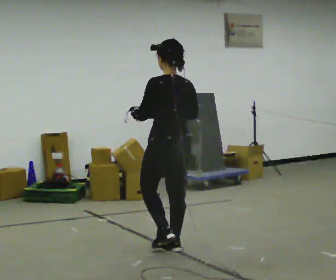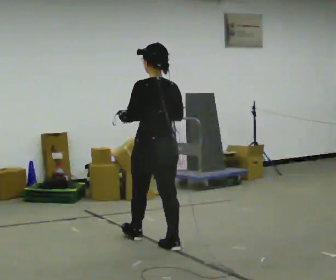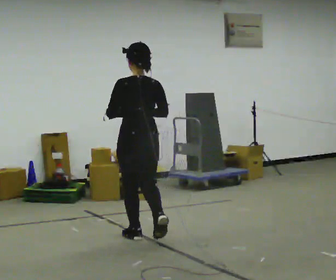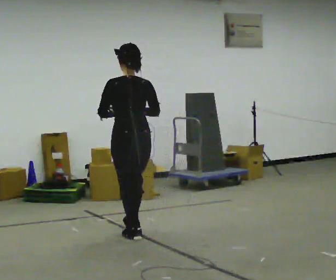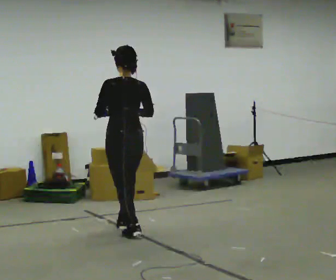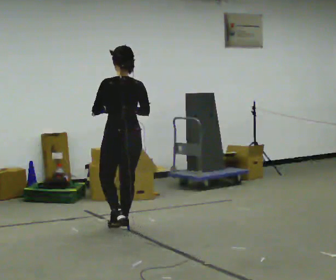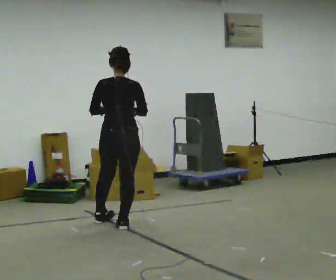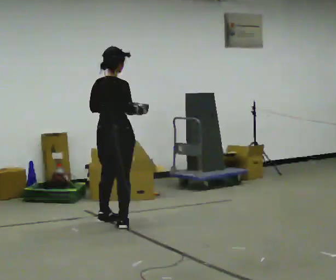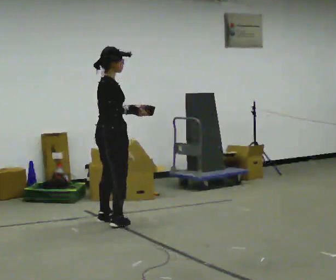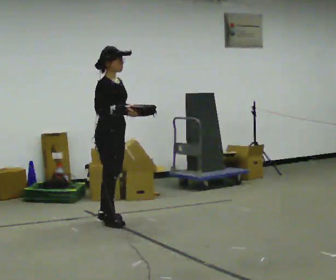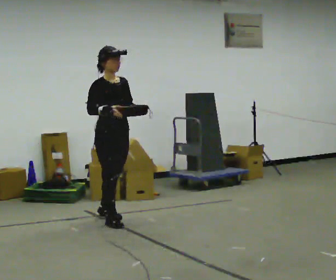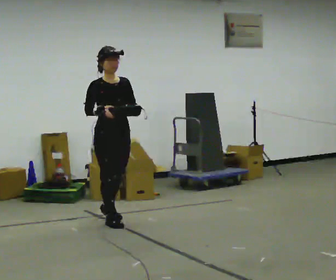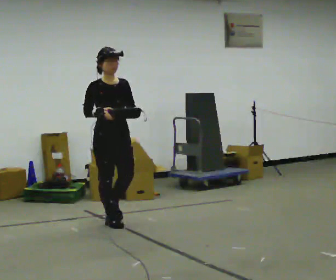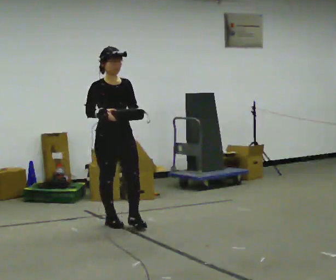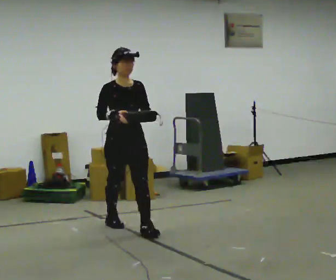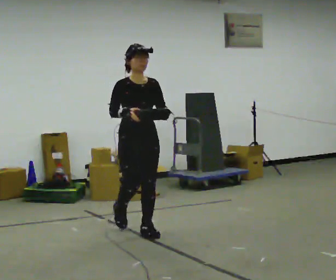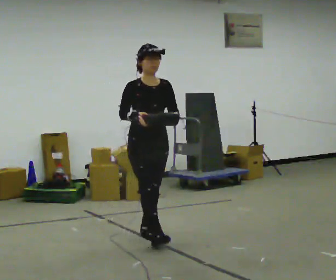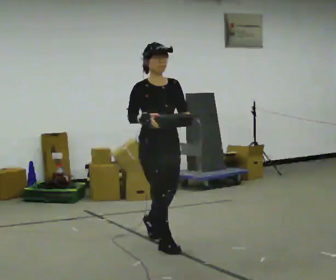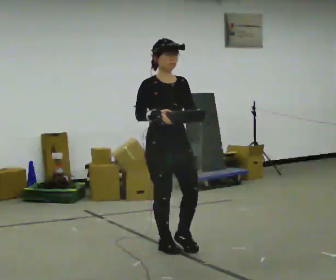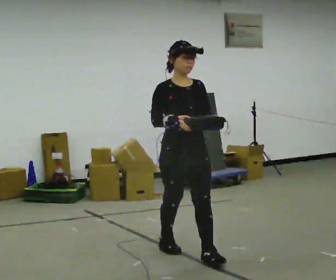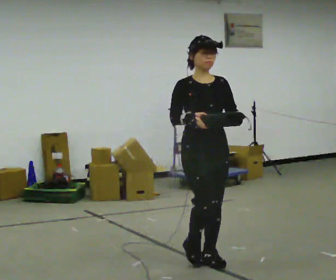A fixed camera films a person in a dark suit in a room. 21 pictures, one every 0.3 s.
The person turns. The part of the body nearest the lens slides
to the left.
The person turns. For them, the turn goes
to their right.
0.0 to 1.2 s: In the picture they go away from the camera and to the left, about 0.5 m in 2 steps, which for them is forward.
1.2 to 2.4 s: The person turns about 105 degrees to their right, clockwise seen from above, so the part of the body nearest the lens slides to the left. In the picture they go away from the camera and to the left, about 0.5 m in 1 step.
2.4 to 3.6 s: The person turns about 75 degrees to their right, clockwise seen from above, so the part of the body nearest the lens slides to the left.
3.6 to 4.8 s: In the picture they go toward the camera and to the right, about 0.5 m in 1 step, which for them is forward.
4.8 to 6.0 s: In the picture they go toward the camera and to the right, about 1 m in 2 steps, which for them is forward.
The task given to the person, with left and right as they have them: Carry the object across the room. The lid hangs loose and will swing, so carry it however works. Keep going until the operator says stop; one object at a time, and do not rush between trips.
The film runs forward here.
